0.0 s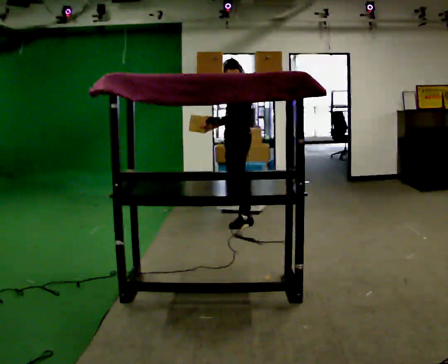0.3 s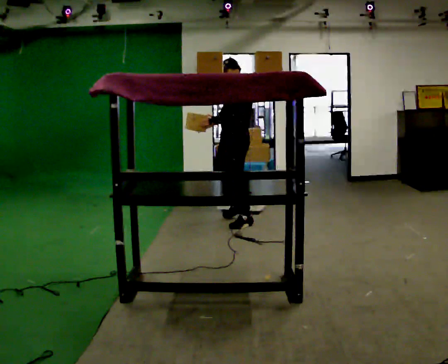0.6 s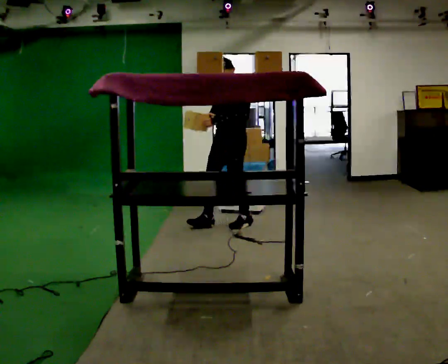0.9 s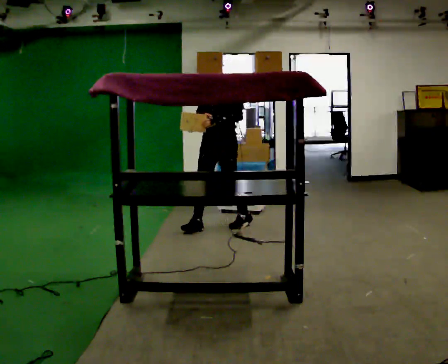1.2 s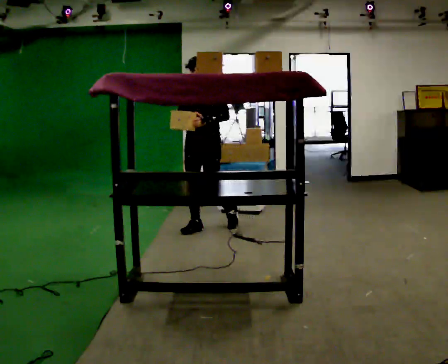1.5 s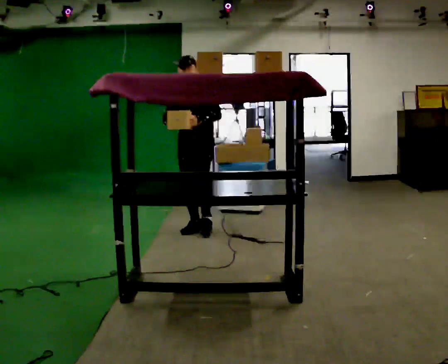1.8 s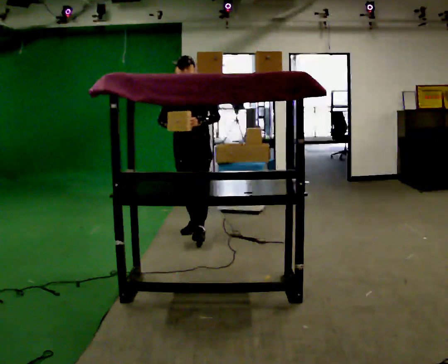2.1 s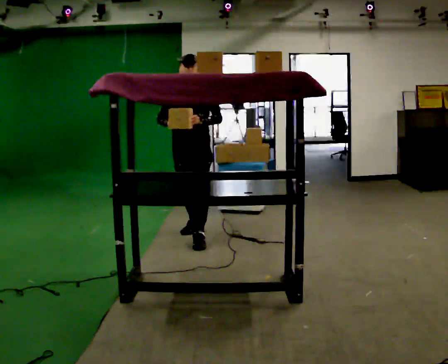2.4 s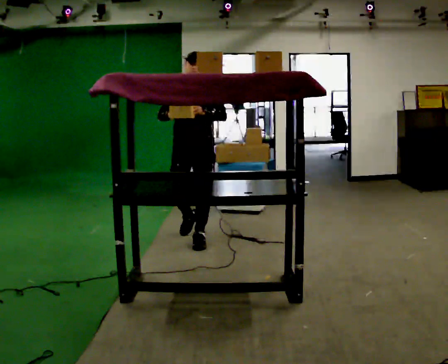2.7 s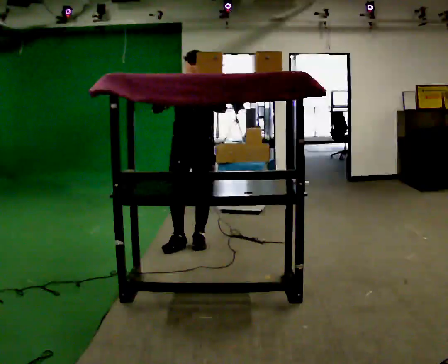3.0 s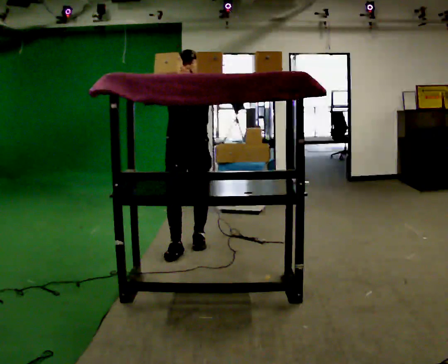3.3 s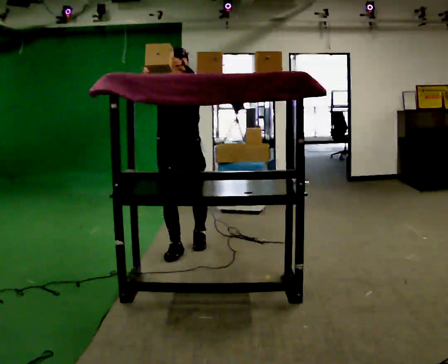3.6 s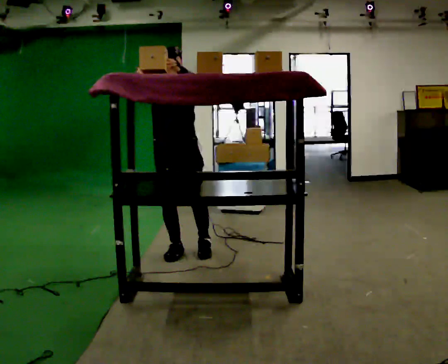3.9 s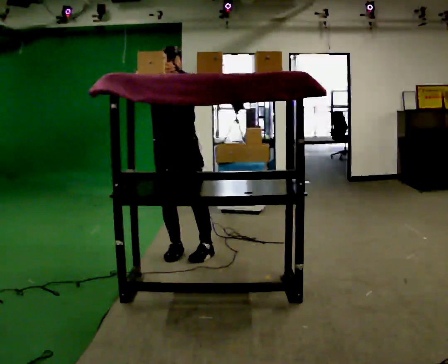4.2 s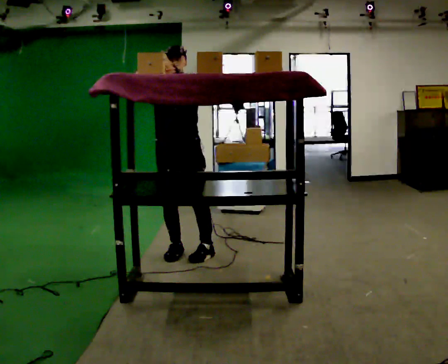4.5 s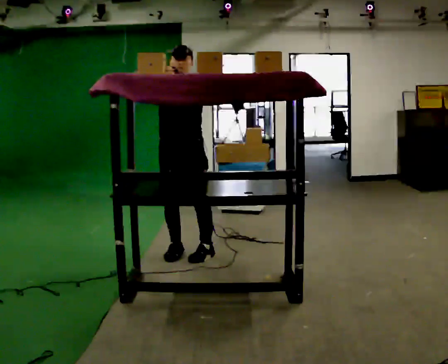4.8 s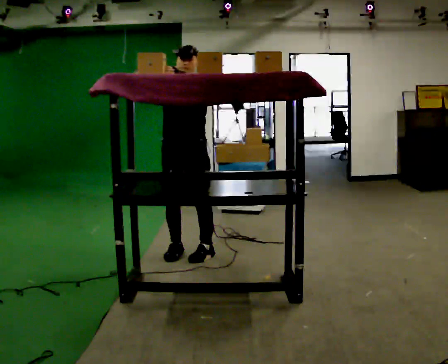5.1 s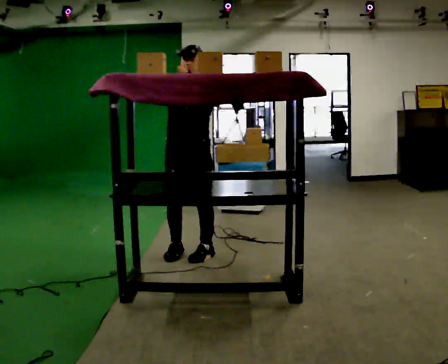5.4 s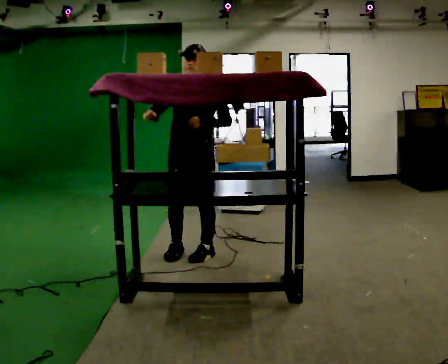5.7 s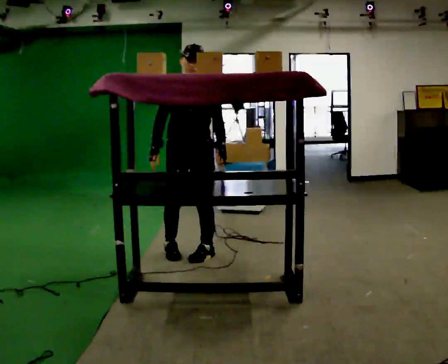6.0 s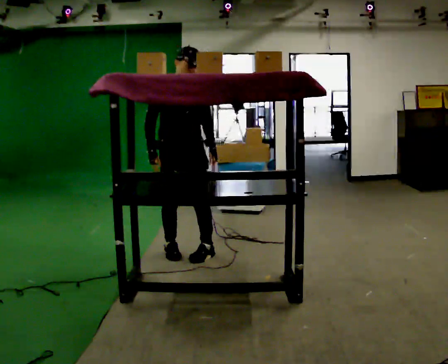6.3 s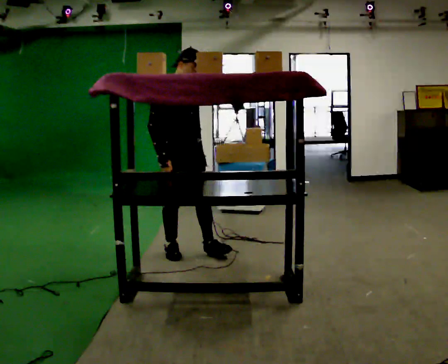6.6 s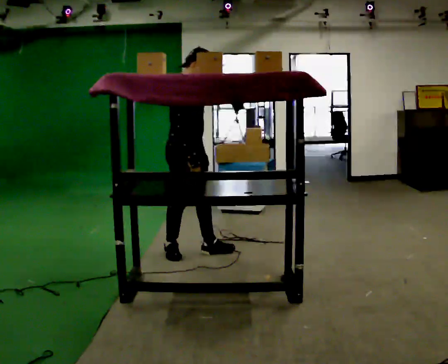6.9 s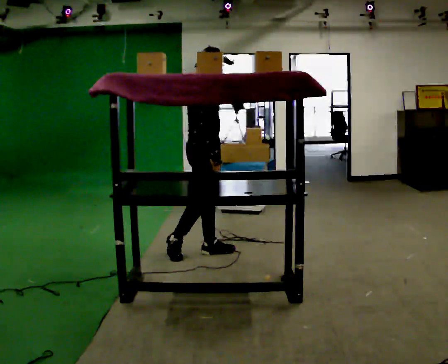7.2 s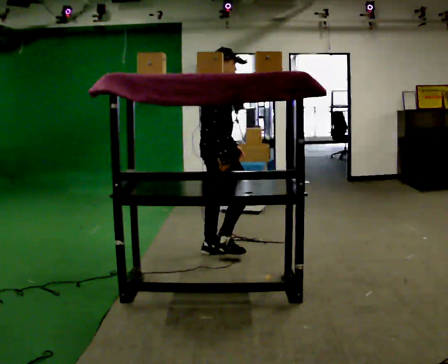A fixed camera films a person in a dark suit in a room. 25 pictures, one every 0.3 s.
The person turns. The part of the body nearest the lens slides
to the right.
The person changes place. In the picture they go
toward the camera.
0.0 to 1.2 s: The person turns about 60 degrees to their left, counterclockwise seen from above, so the part of the body nearest the lens slides to the right. In the picture they go to the left, about 0.5 m in 1 step, which for them is forward.
1.2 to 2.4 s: In the picture they go toward the camera, about 0.5 m in 1 step, which for them is forward.
2.4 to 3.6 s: In the picture they go toward the camera and to the left, about 0.25 m in 1 step, which for them is forward and to their right.
3.6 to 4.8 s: The person moves a little, or ends about where they began.
4.8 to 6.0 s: The person turns about 30 degrees to their left, counterclockwise seen from above, so the part of the body nearest the lens slides to the right. In the picture their left hand goes downward.
6.0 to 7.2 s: The person turns about 90 degrees to their left, counterclockwise seen from above, so the part of the body nearest the lens slides to the right. In the picture they go to the right, about 0.25 m.
The film runs forward here.
